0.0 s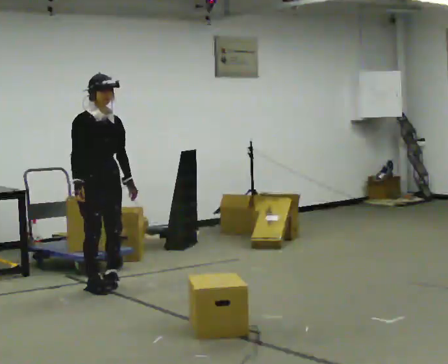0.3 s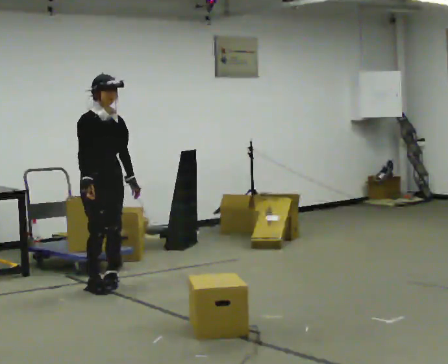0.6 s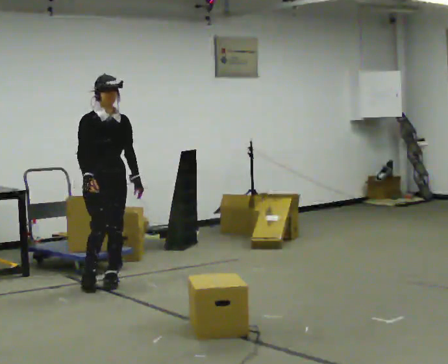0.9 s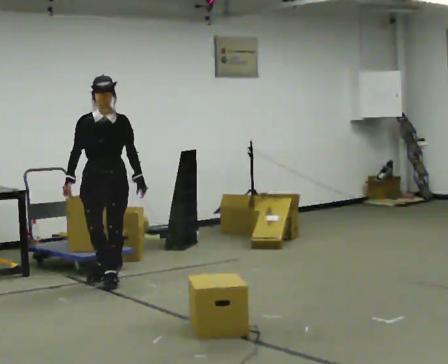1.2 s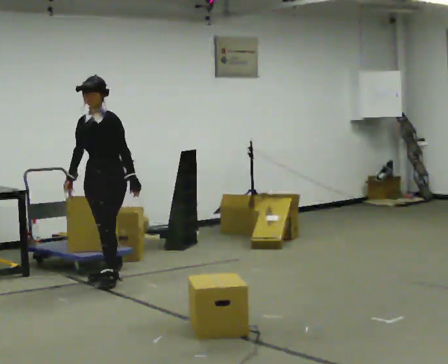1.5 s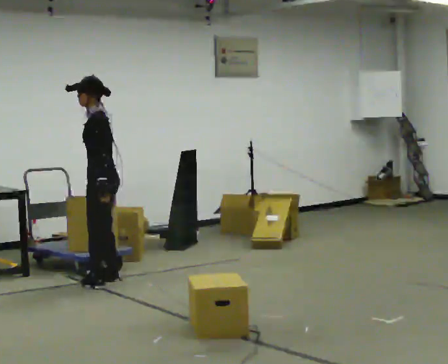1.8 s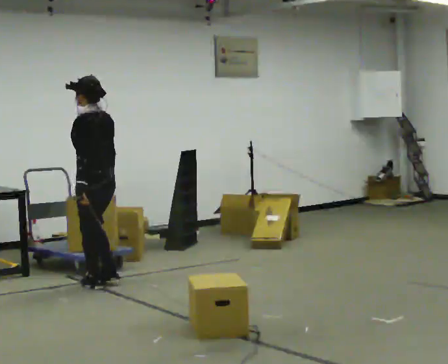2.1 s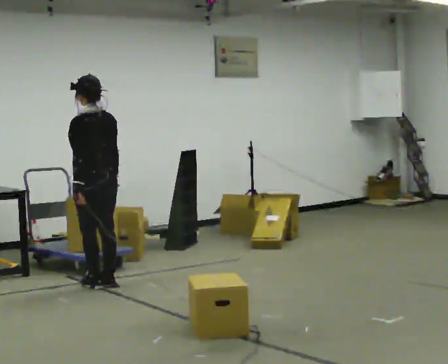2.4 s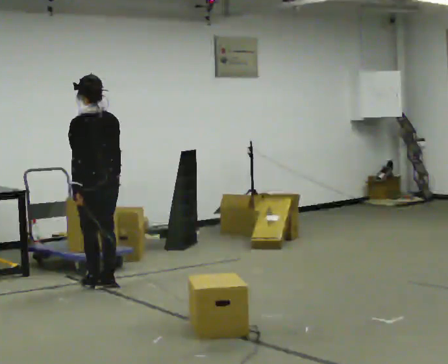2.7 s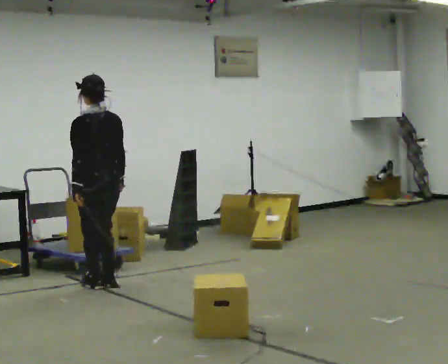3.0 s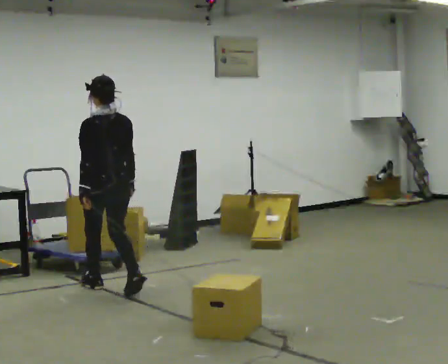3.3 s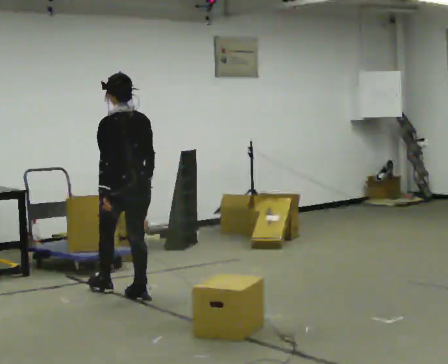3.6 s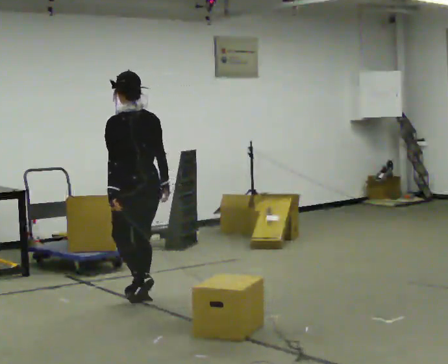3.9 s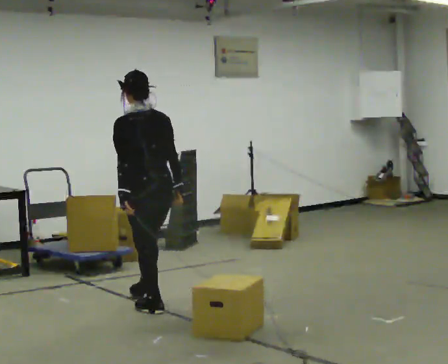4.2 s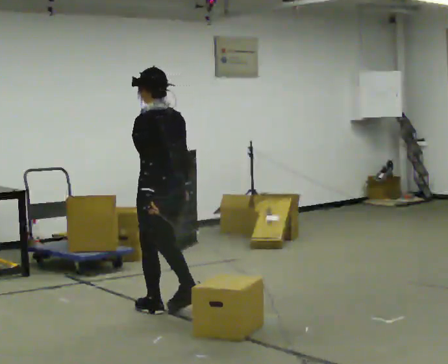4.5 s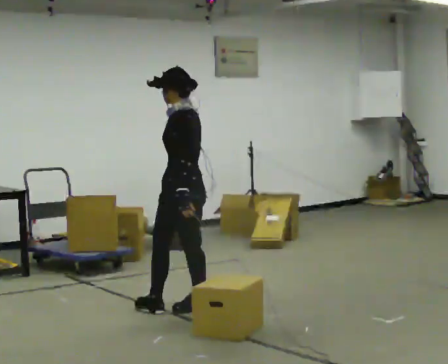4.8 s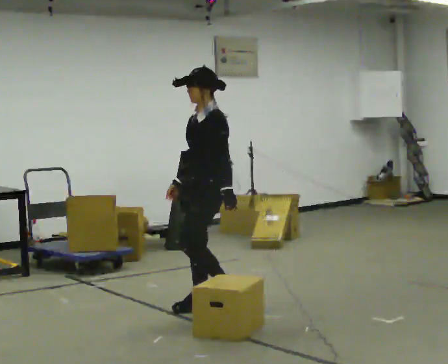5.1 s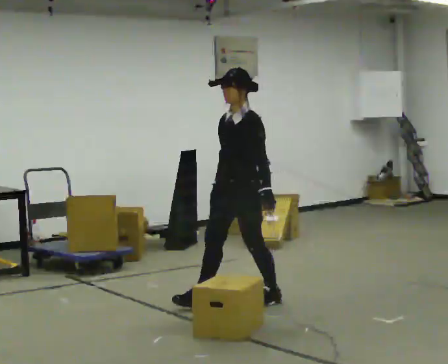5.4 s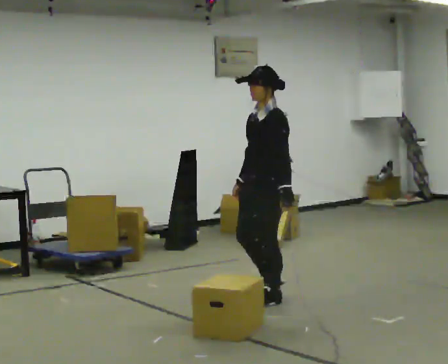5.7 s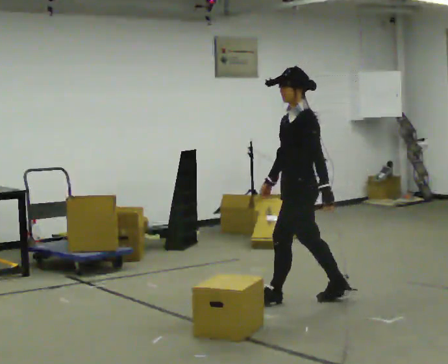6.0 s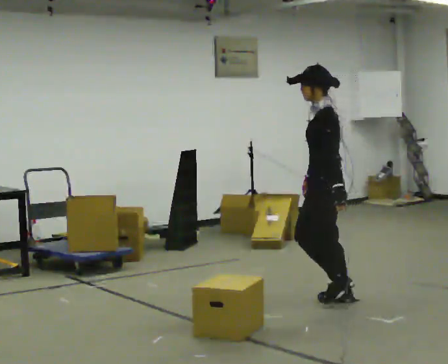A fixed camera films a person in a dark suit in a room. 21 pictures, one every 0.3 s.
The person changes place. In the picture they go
to the right.
0.0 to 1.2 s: Seen from above the body turns clockwise, about 75 degrees: to their right, with its near side sliding to the left. In the picture they go away from the camera, about 0.25 m in 1 step.
1.2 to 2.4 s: The part of the body nearest the lens slides to the left as the person turns to their right by about 105 degrees. In the picture they go toward the camera, about 0.25 m in 2 steps. In the picture their left hand goes to the left, the arm swinging clockwise.
2.4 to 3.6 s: In the picture they go toward the camera and to the right, about 0.5 m in 2 steps, which for them is backward.
3.6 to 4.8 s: The part of the body nearest the lens slides to the right as the person turns to their left by about 75 degrees. In the picture they go to the right and toward the camera, about 0.5 m in 2 steps.
4.8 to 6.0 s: In the picture they go to the right, about 1 m in 2 steps, which for them is backward.
The film runs backward here.
